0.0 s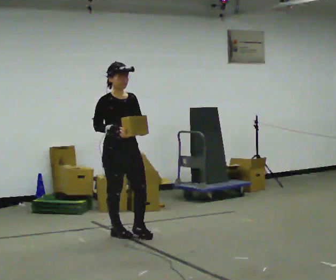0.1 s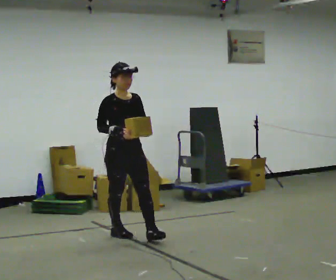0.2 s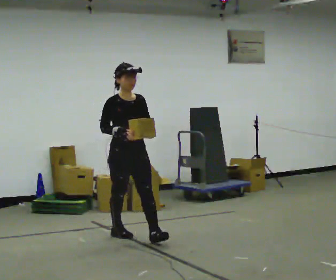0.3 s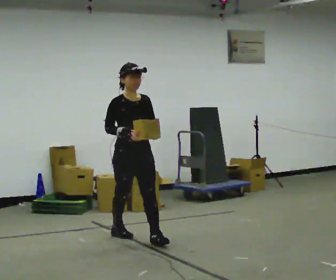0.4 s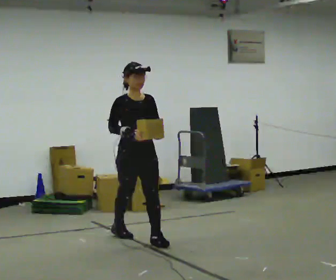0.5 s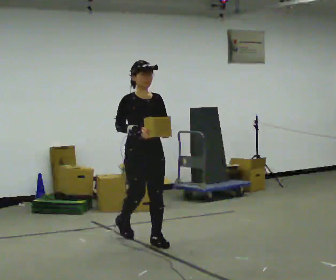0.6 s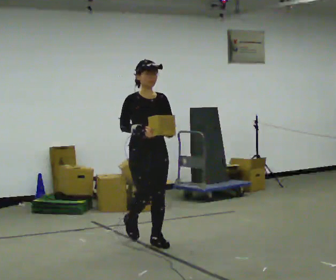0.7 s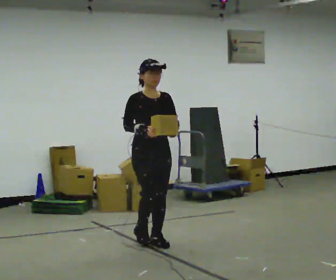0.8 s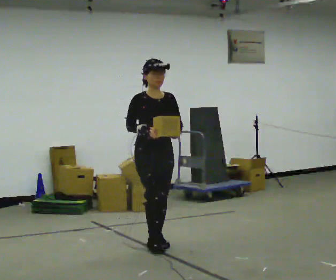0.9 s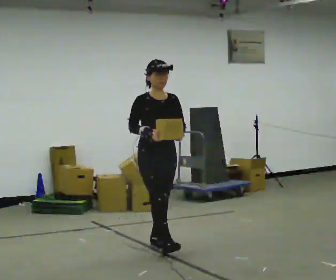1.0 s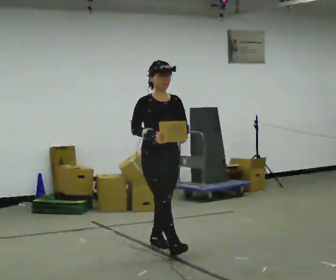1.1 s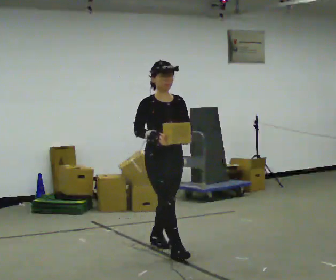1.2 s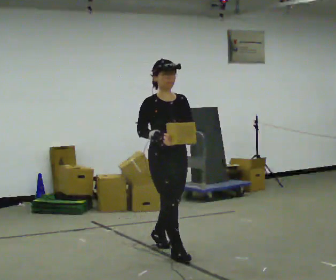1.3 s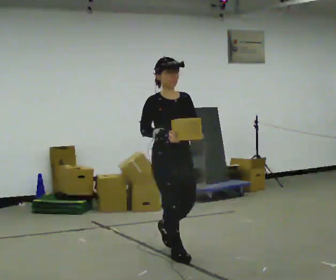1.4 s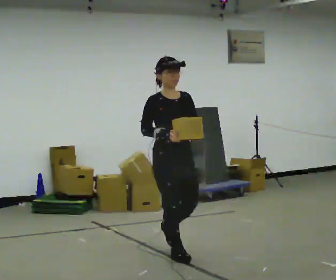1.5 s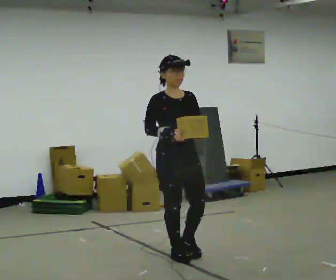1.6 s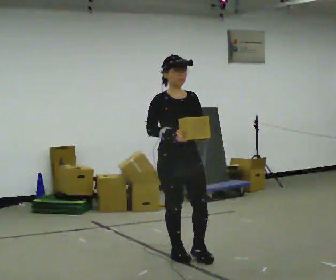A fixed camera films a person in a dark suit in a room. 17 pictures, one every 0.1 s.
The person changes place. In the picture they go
toward the camera.
0.0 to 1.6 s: In the picture they go toward the camera and to the right, about 1 m in 2 steps, which for them is forward.
The film runs forward here.
